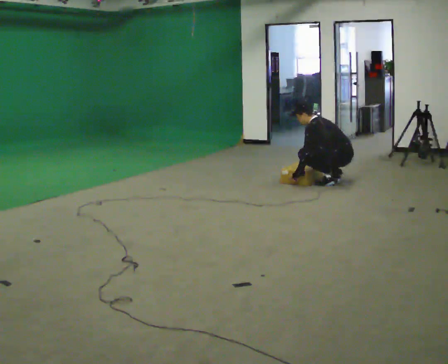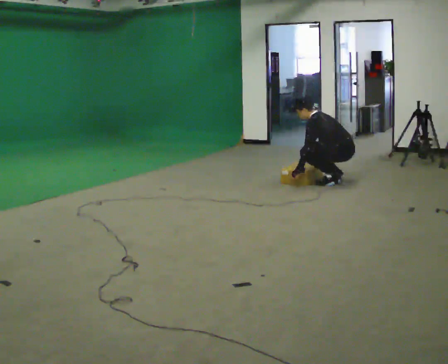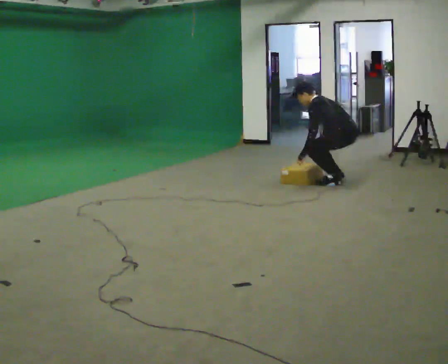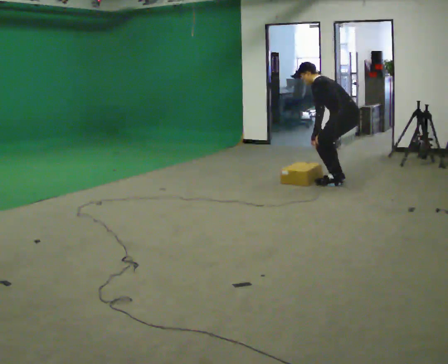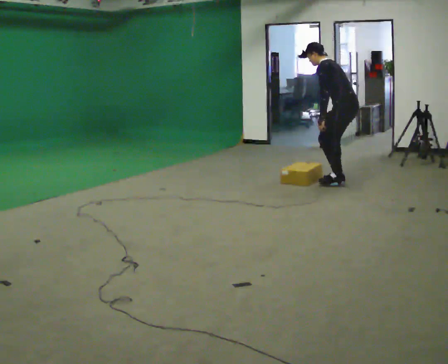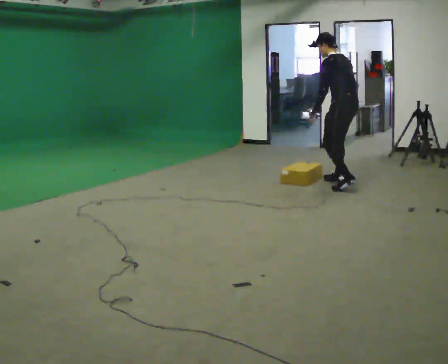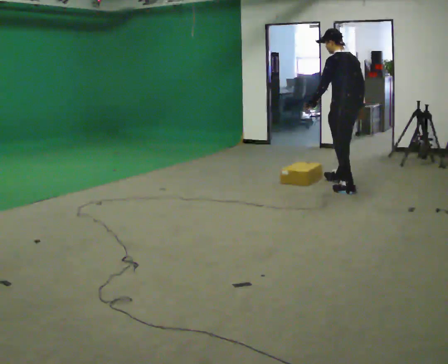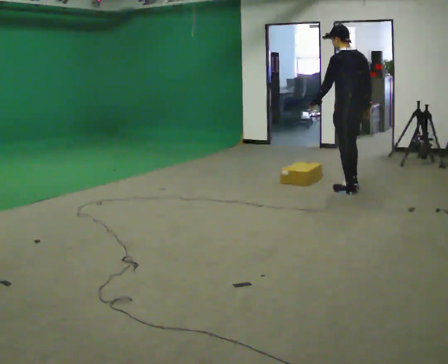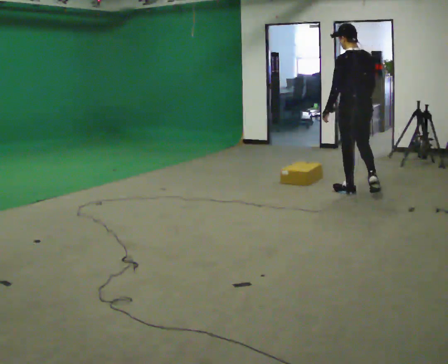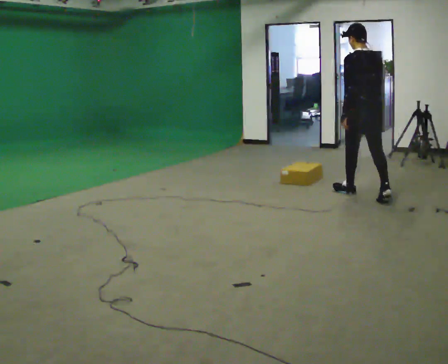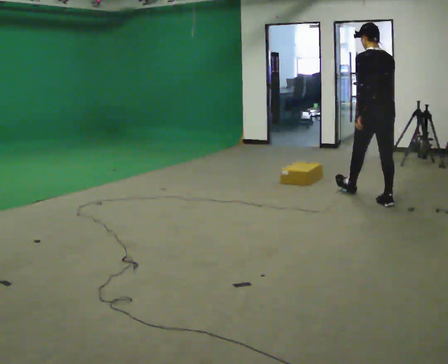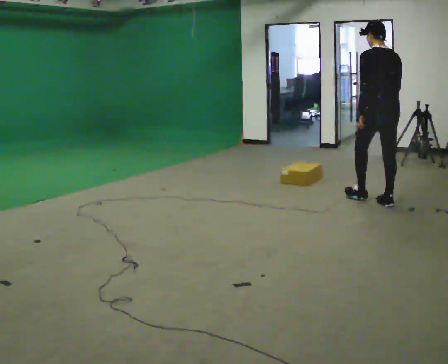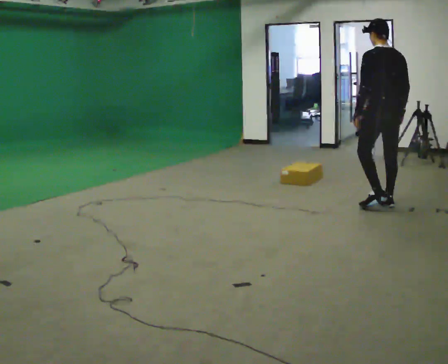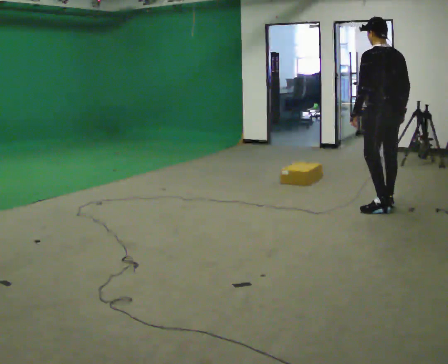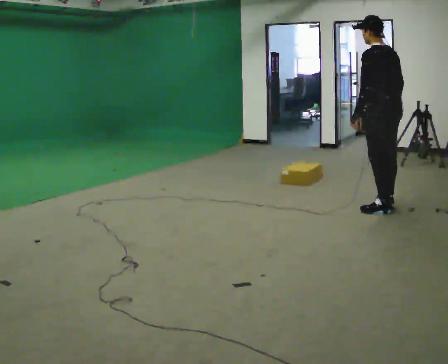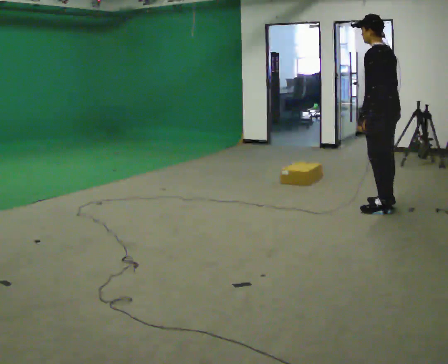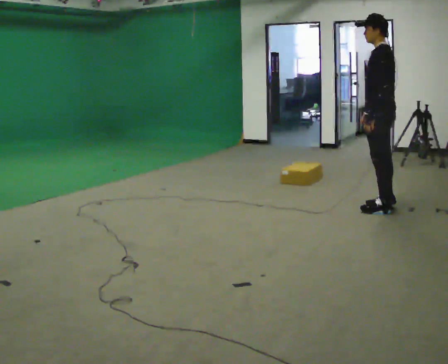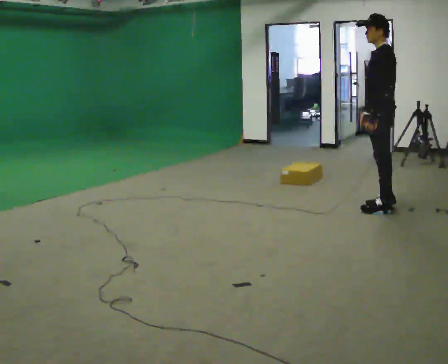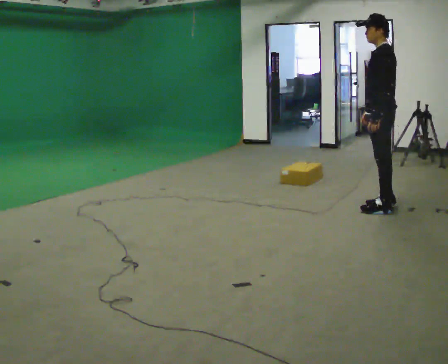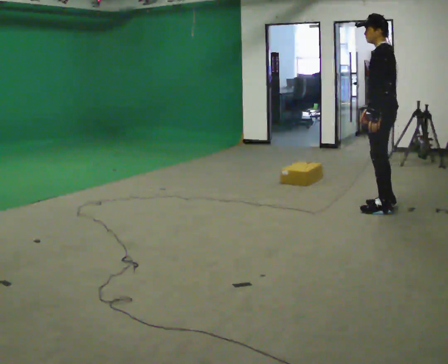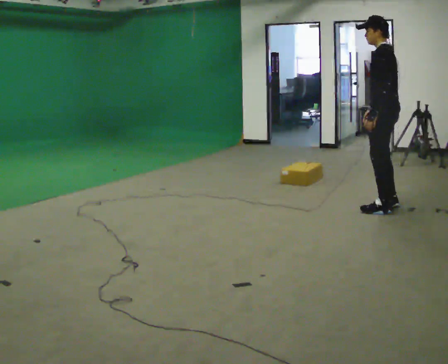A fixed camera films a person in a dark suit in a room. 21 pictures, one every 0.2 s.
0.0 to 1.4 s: The person turns about 30 degrees to their right, clockwise seen from above, so the part of the body nearest the lens slides to the left. In the picture they go toward the camera, about 0.25 m in 2 steps, which for them is to their left and backward. The upper body goes upward. In the picture the upper body tilts clockwise, shoulders to the right, as they lean back or straighten. In the picture their left hand goes upward.
1.4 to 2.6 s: In the picture they go toward the camera and to the right, about 0.75 m in 1 step, which for them is backward.
2.6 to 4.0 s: The part of the body nearest the lens slides to the right as the person turns to their left by about 45 degrees.
The film runs backward here.
